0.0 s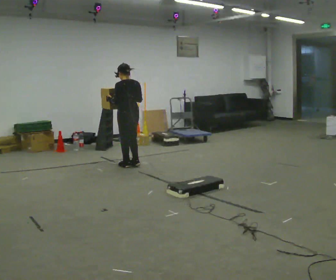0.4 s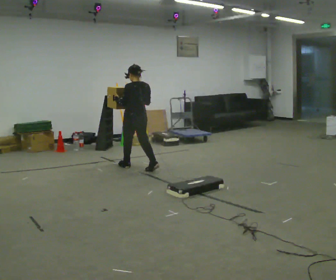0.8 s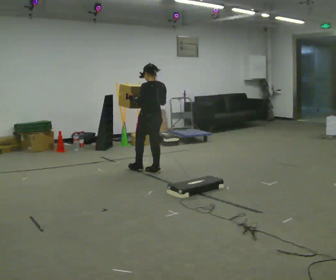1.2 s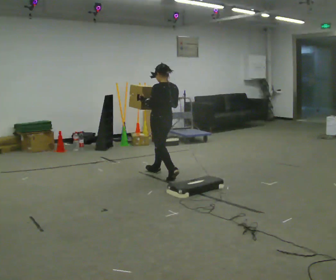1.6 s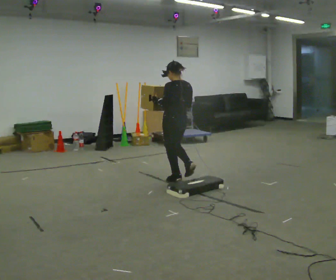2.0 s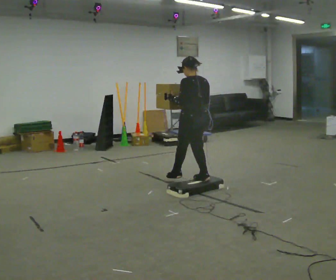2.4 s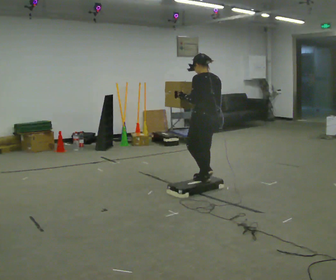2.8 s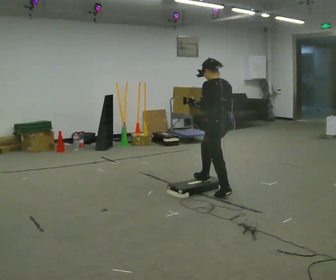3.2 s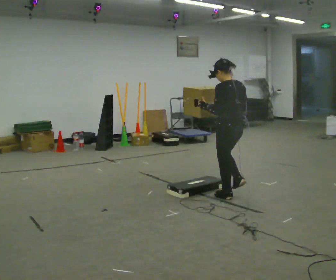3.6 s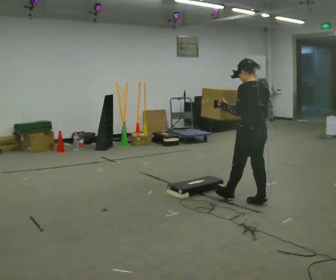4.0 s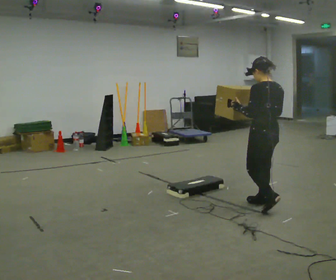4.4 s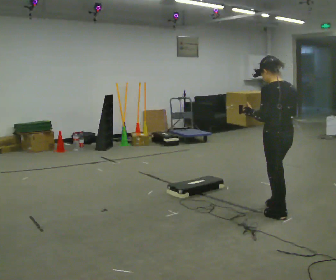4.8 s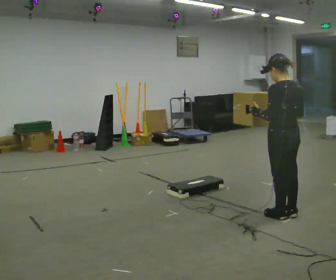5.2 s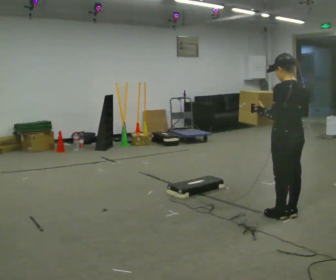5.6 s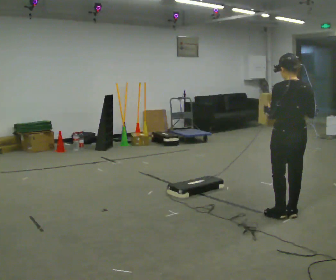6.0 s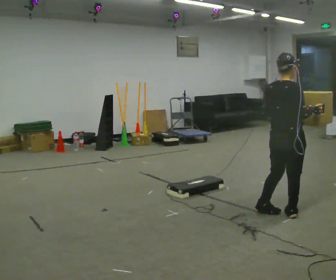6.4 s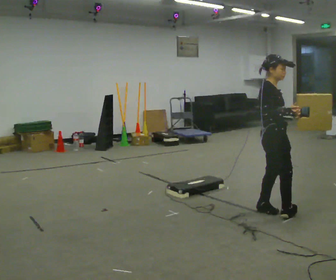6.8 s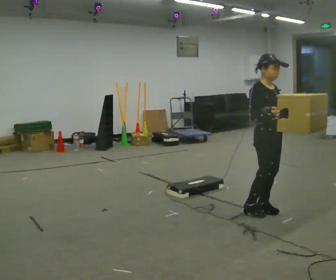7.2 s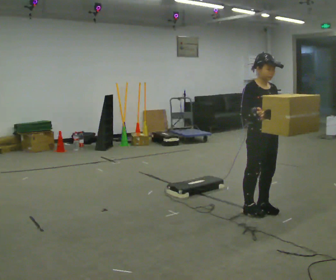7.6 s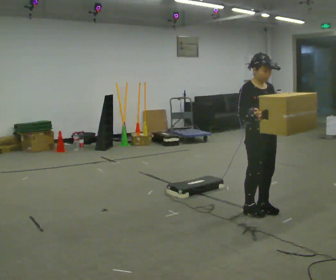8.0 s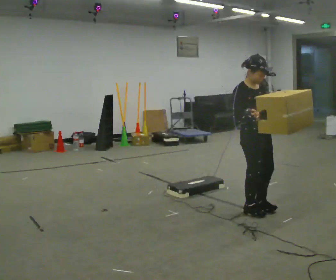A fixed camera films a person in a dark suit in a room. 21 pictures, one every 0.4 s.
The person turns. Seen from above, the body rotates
clockwise.
The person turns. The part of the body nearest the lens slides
to the left.
0.0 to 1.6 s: In the picture they go to the right and toward the camera, about 1 m in 3 steps, which for them is backward.
1.6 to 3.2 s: In the picture they go to the right and toward the camera, about 1 m in 2 steps, which for them is backward.
3.2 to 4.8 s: In the picture they go toward the camera and to the right, about 1 m in 2 steps, which for them is backward.
4.8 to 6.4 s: Seen from above the body turns clockwise, about 135 degrees: to their right, with its near side sliding to the left.
6.4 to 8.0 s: The part of the body nearest the lens slides to the left as the person turns to their right by about 45 degrees. In the picture they go to the left, about 0.25 m in 1 step. In the picture their right hand goes to the left.
The film runs backward here.
